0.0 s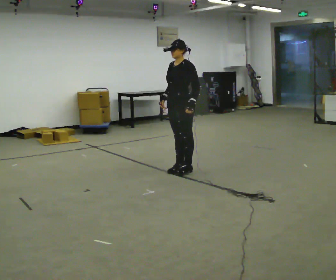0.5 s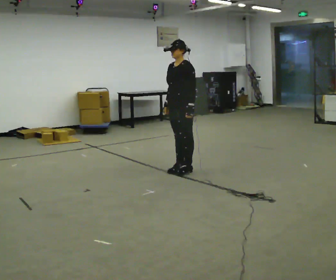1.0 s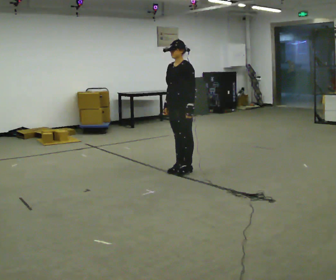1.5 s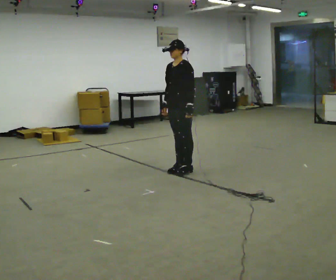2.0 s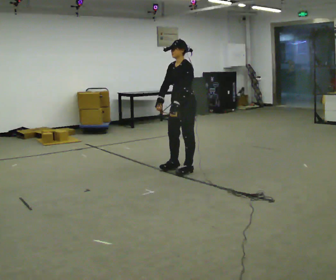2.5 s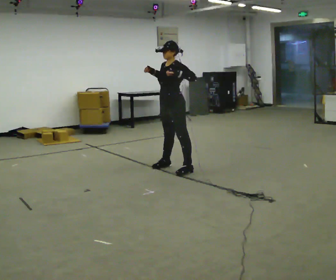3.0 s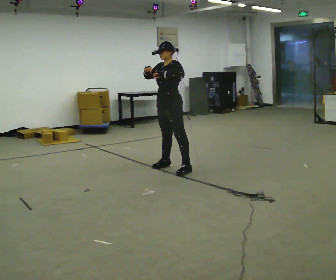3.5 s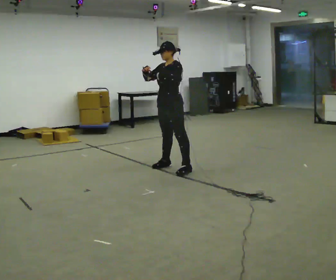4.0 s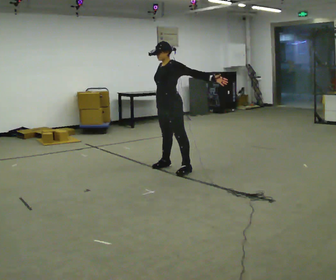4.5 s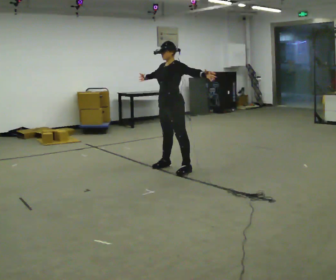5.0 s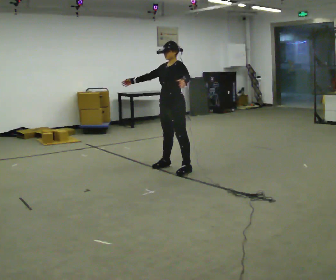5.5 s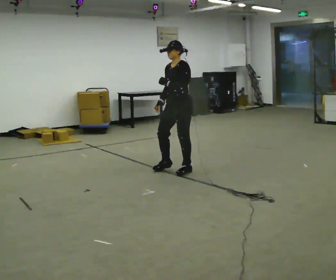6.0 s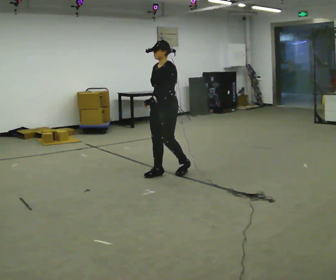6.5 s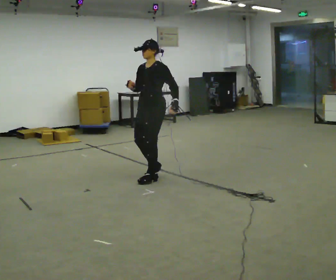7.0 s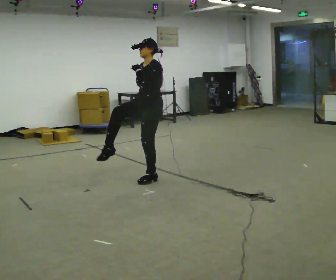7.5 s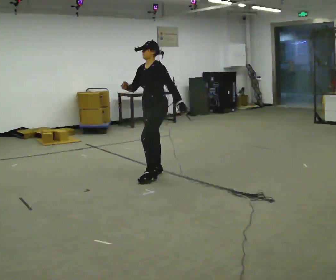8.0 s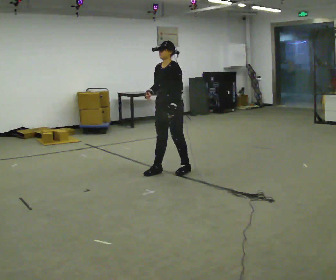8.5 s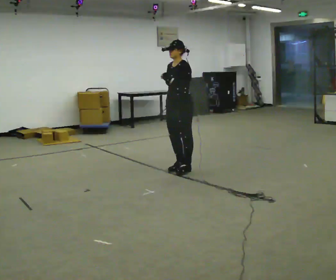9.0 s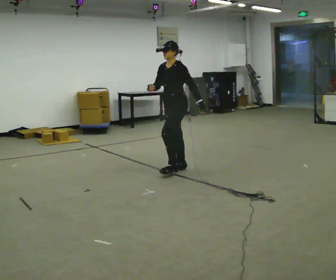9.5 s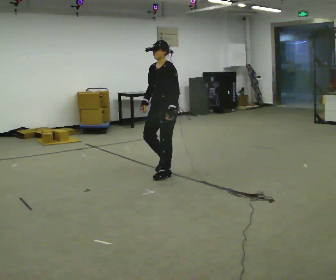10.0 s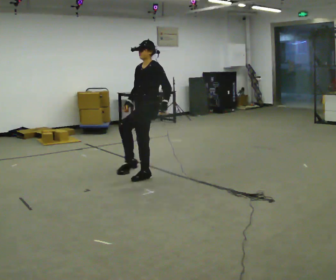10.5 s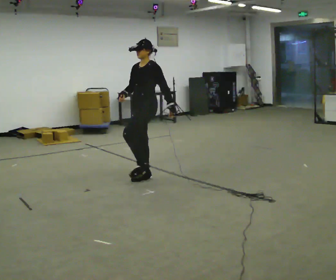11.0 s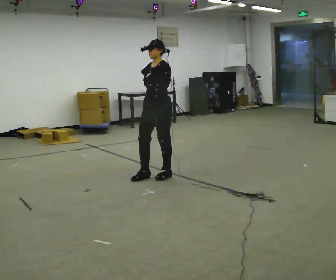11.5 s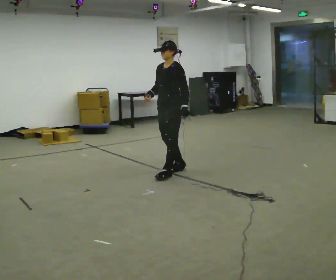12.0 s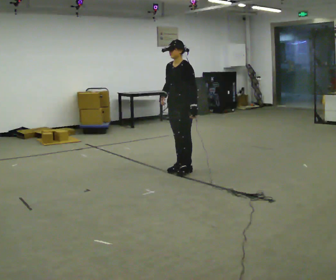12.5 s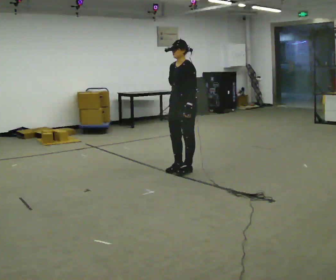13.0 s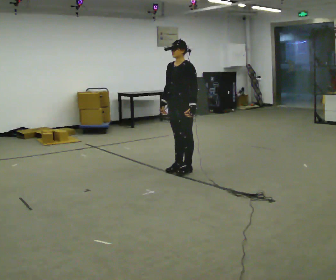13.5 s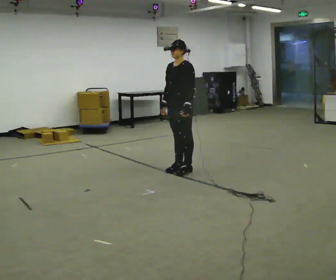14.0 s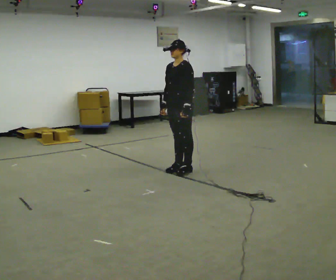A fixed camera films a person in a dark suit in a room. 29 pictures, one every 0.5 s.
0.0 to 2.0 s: The person moves a little, or ends about where they began.
2.0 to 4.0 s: In the picture they go to the left, about 0.25 m in 1 step, which for them is to their right. In the picture their left hand goes to the right.
4.0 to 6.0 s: In the picture they go toward the camera, about 0.25 m in 1 step, which for them is forward. In the picture their left hand goes to the left.
6.0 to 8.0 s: The person moves a little, or ends about where they began.
8.0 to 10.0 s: In the picture they go to the left and toward the camera, about 0.25 m in 3 steps, which for them is forward.
10.0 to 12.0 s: In the picture they go to the right and away from the camera, about 0.5 m in 2 steps, which for them is backward.
12.0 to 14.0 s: The person moves a little, or ends about where they began.
The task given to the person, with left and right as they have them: Repeat a short dance step or sequence over and over in time with a steady beat.
The film runs forward here.
